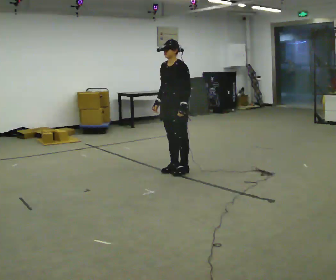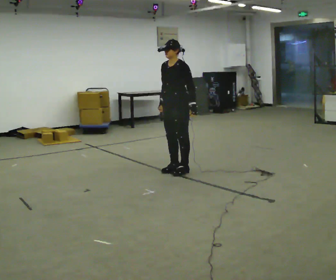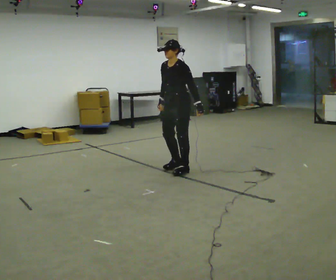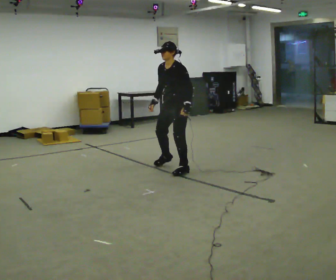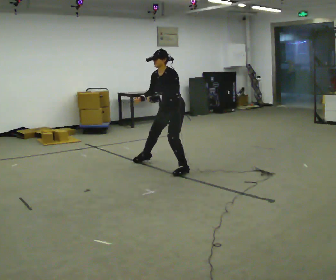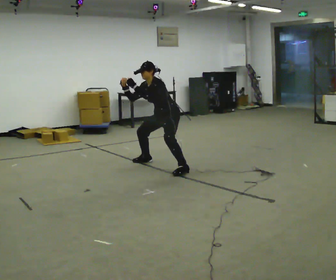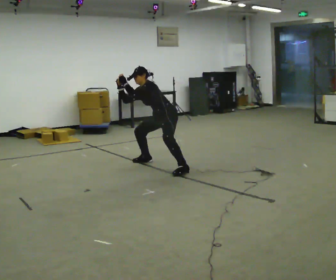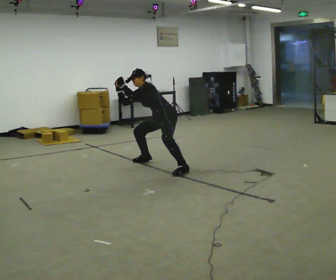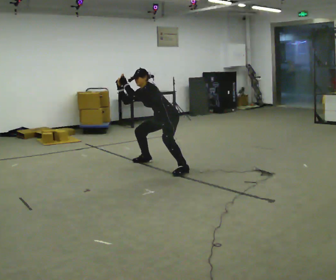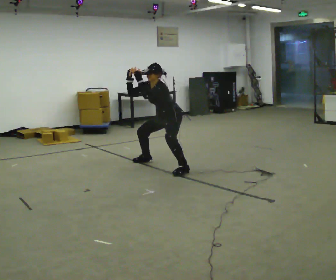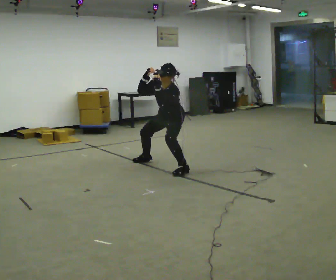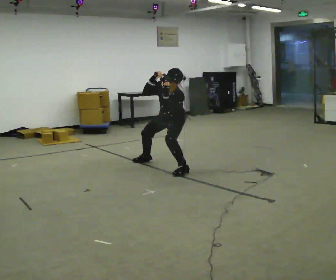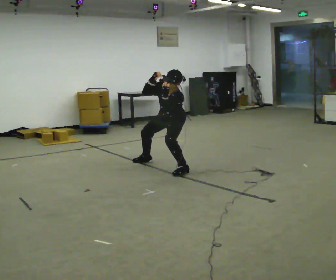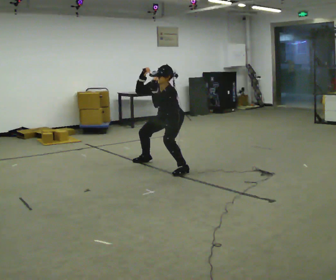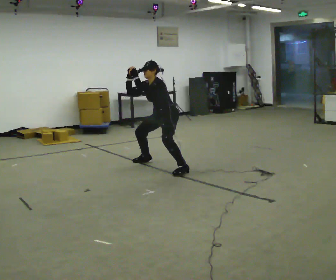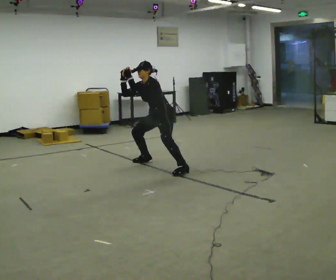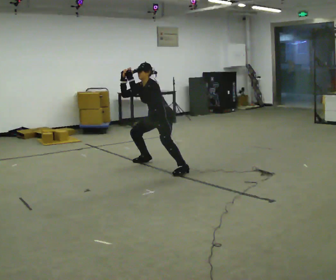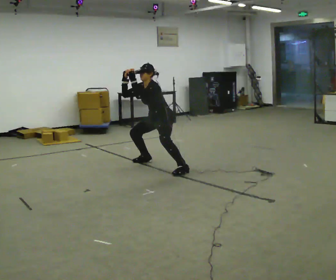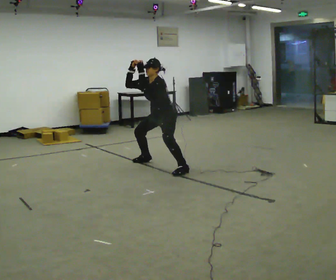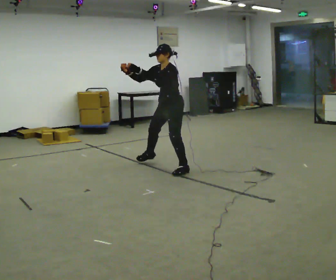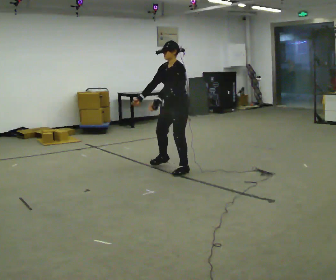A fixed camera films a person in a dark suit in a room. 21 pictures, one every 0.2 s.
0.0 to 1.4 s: In the picture they go away from the camera, about 0.5 m in 1 step, which for them is to their right. The upper body goes downward. In the picture the upper body tilts counterclockwise, shoulders to the left, as they bend forward.
1.4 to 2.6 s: The upper body tips toward the camera, its near side rolling downward. In the picture their right hand goes to the right.
2.6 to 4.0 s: In the picture they go toward the camera, about 0.25 m in 1 step, which for them is to their left. The shoulders move upward. The upper body tips away from the camera, its near side rolling upward, as they lean back or straighten.
The film runs backward here.
